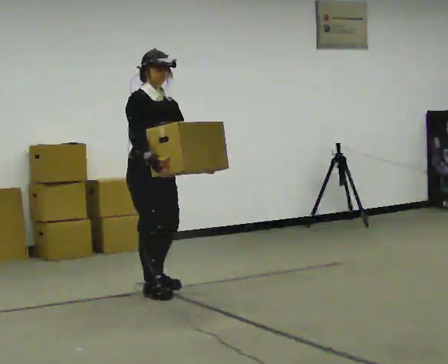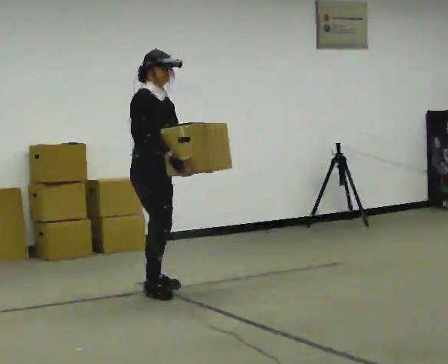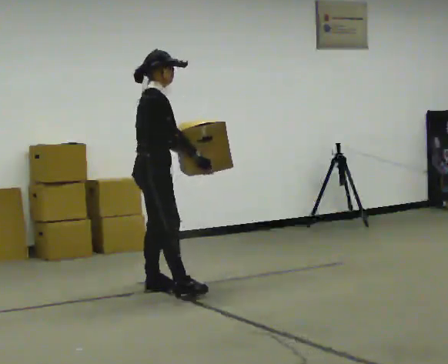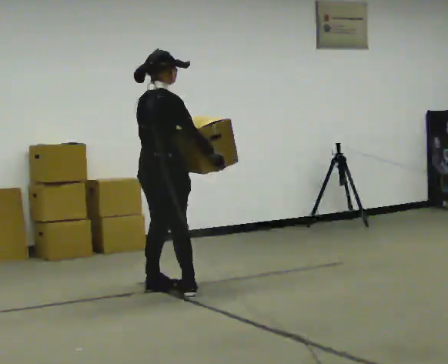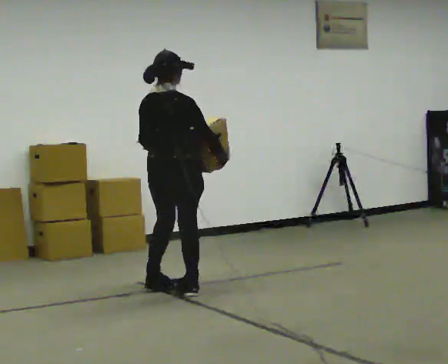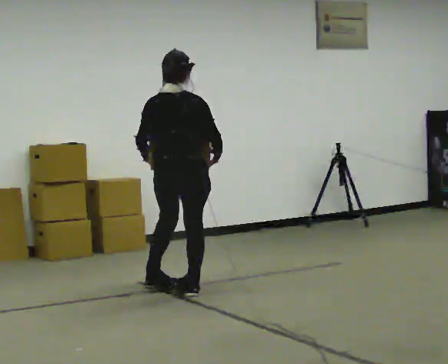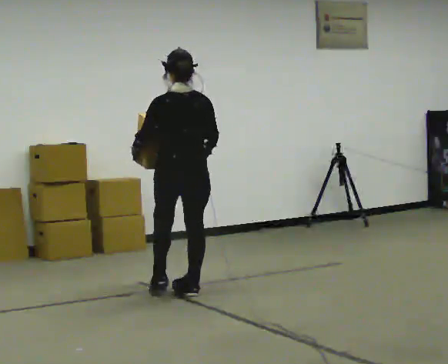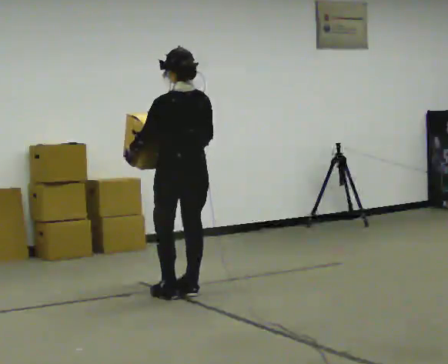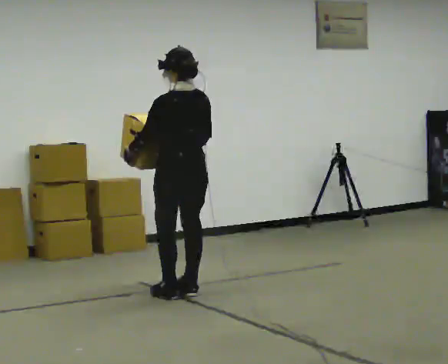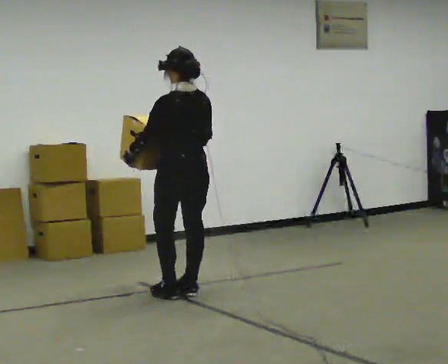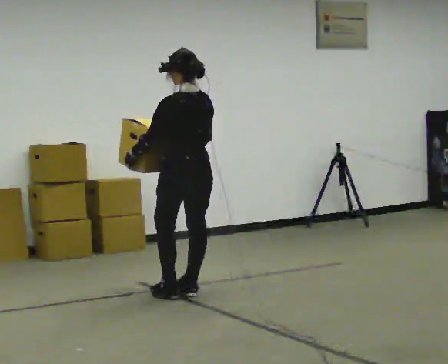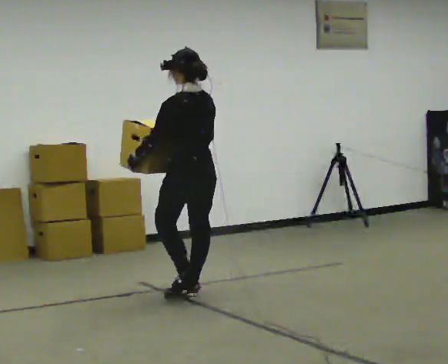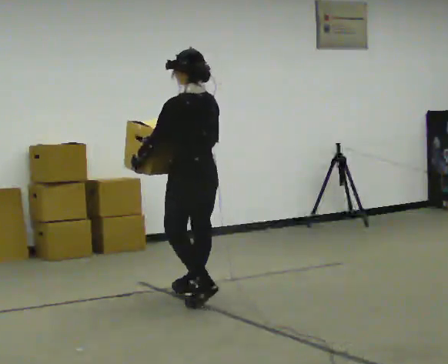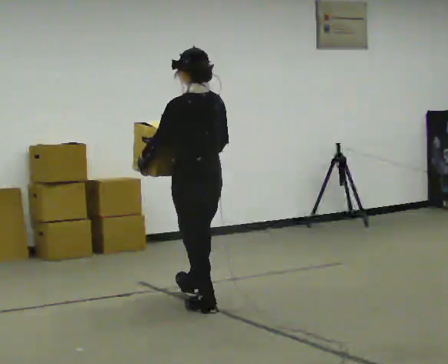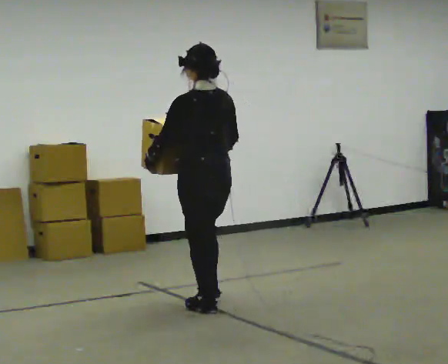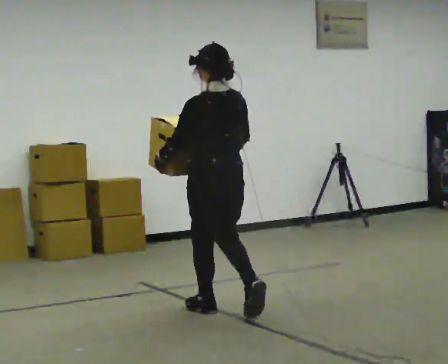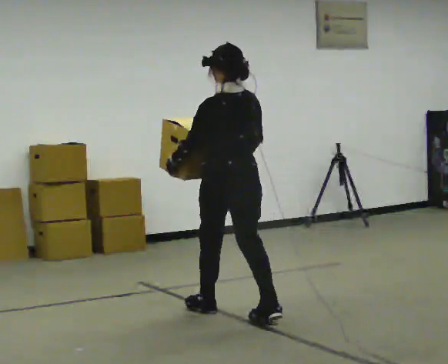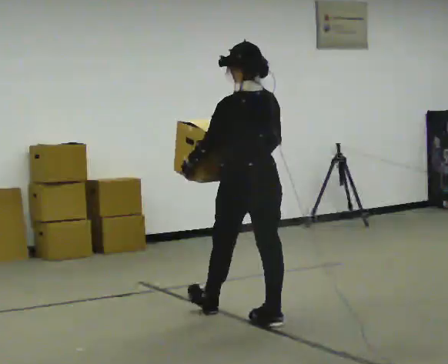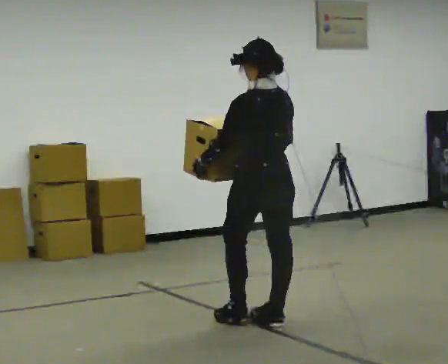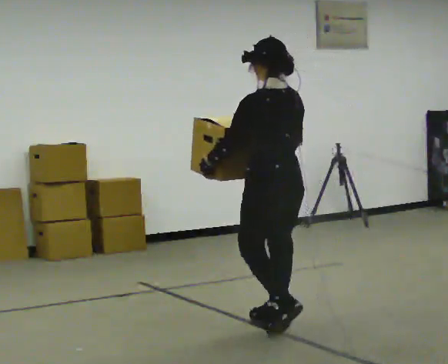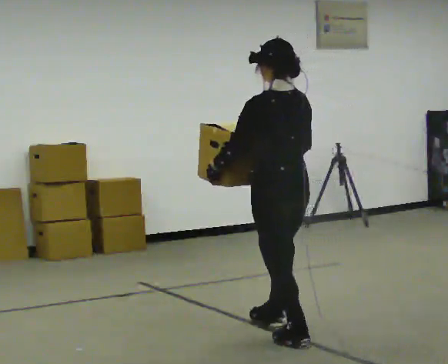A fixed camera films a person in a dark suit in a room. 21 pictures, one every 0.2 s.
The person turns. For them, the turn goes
to their left.
The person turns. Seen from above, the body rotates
counterclockwise.
0.0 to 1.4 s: The part of the body nearest the lens slides to the right as the person turns to their left by about 150 degrees. In the picture they go to the right, about 0.25 m in 2 steps. In the picture their right hand goes to the right.
1.4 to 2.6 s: In the picture they go toward the camera, about 0.25 m in 1 step, which for them is backward.
2.6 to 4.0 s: In the picture they go toward the camera and to the right, about 1 m in 2 steps, which for them is backward.
The film runs backward here.
